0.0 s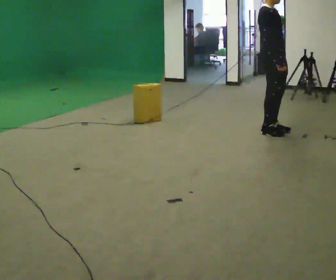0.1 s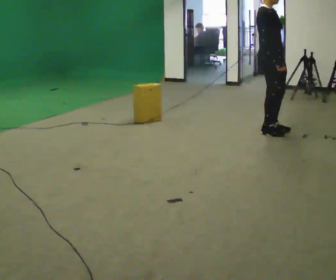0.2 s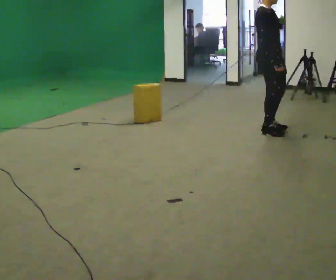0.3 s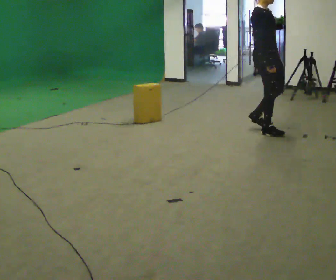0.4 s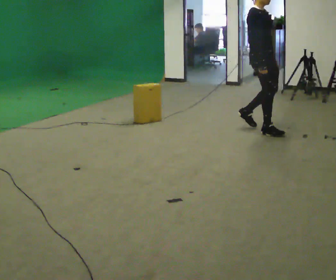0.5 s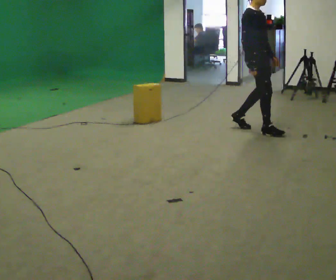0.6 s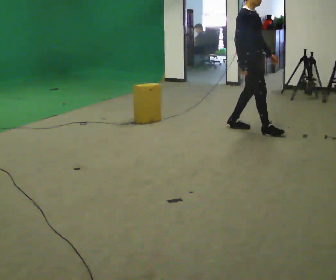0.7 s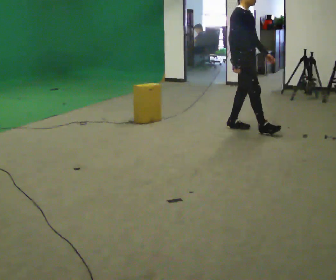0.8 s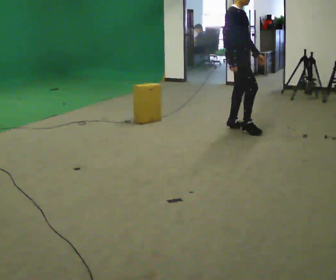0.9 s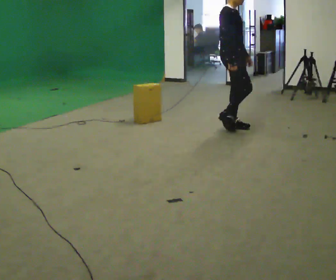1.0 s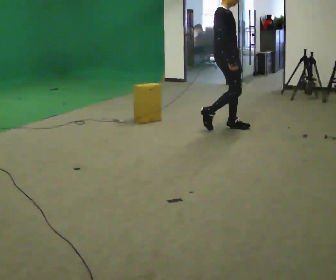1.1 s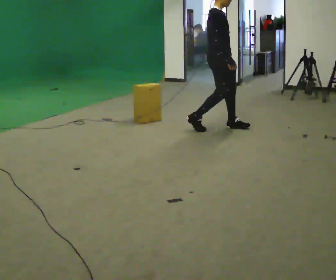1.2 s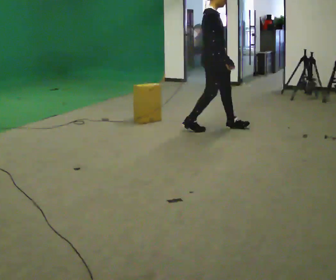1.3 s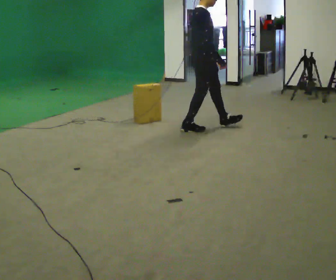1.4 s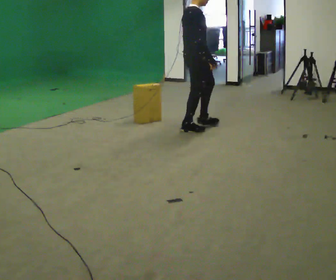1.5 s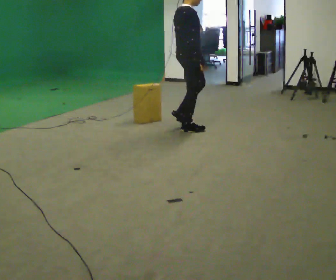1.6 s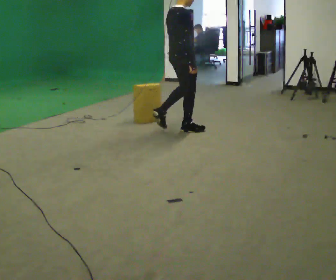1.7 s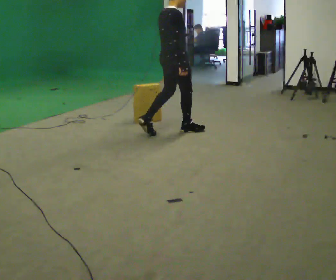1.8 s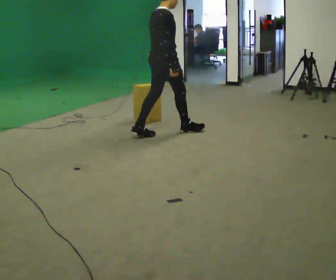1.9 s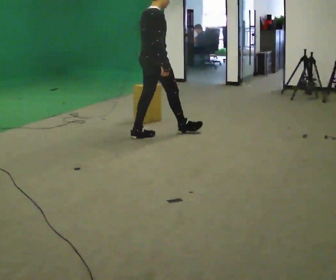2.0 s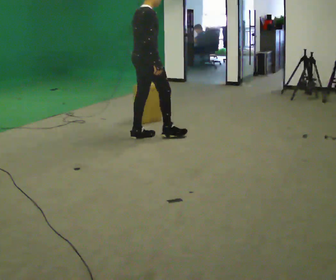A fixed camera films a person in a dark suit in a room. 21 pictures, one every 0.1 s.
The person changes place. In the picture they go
to the left.
0.0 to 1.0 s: In the picture they go to the left, about 0.5 m in 2 steps, which for them is backward.
1.0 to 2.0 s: The person turns about 45 degrees to their left, counterclockwise seen from above, so the part of the body nearest the lens slides to the right. In the picture they go to the left, about 1 m in 2 steps, which for them is backward.
The film runs backward here.
